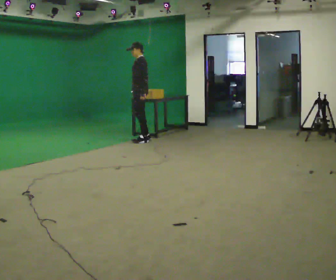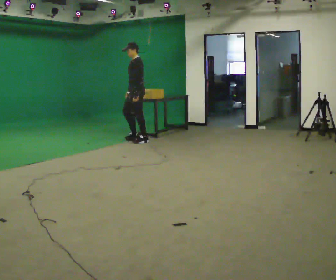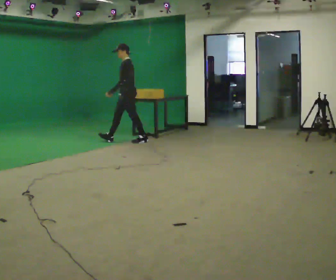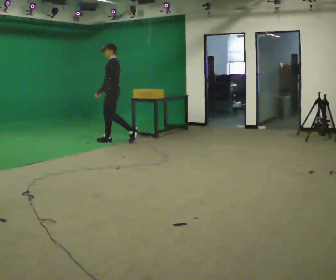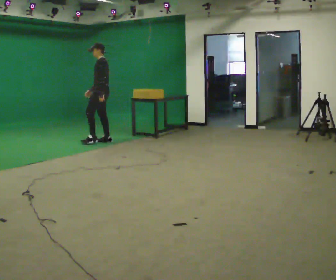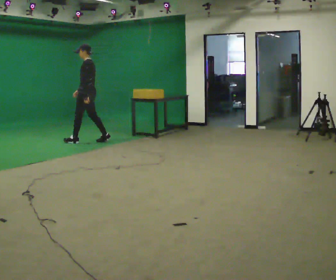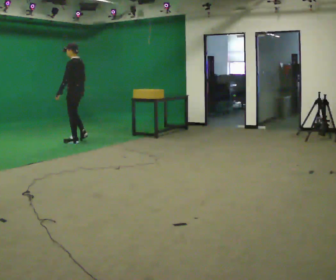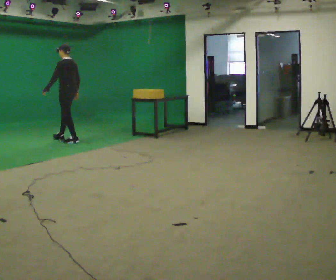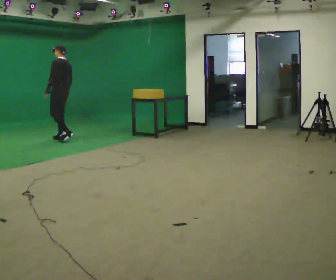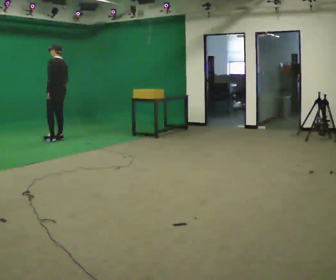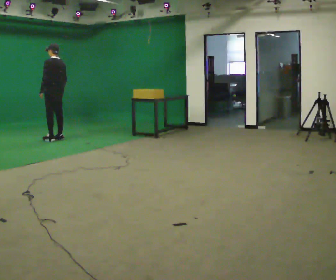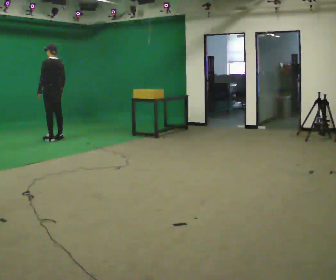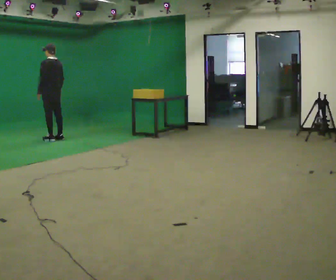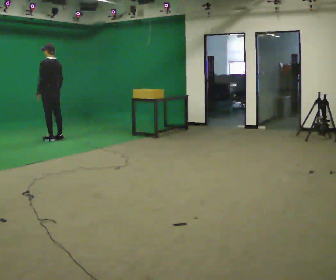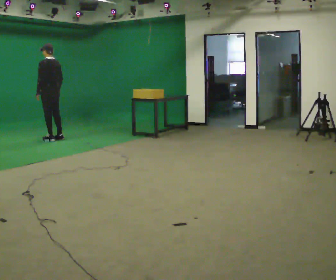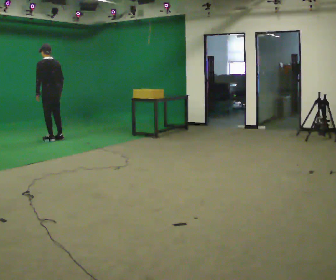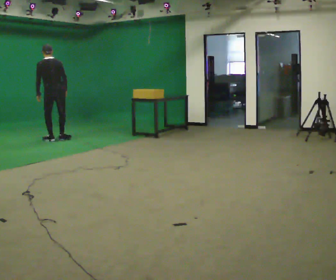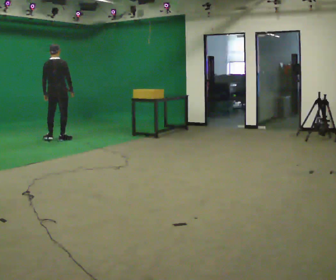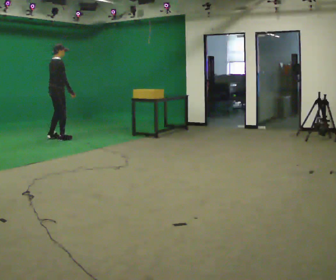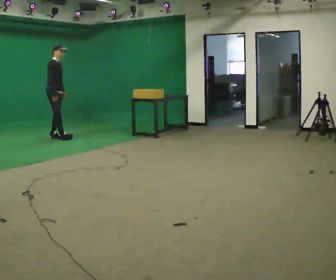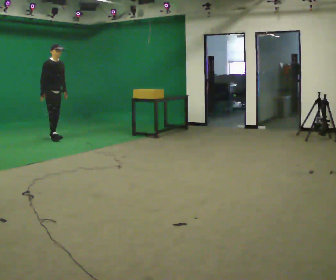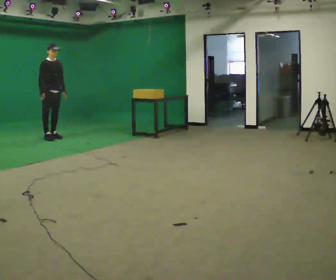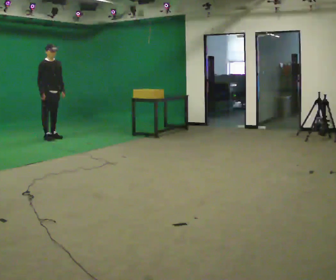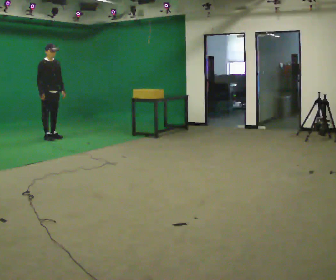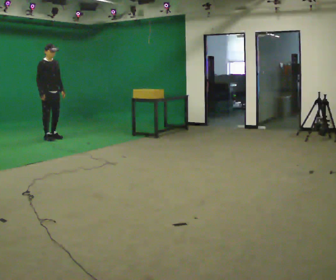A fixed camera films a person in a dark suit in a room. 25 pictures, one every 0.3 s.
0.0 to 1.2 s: In the picture they go to the left, about 0.75 m in 1 step, which for them is forward.
1.2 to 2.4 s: In the picture they go to the left, about 0.5 m in 2 steps, which for them is forward.
2.4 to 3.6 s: In the picture they go to the left, about 0.25 m in 1 step, which for them is forward.
3.6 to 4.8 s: Seen from above the body turns clockwise, about 45 degrees: to their right, with its near side sliding to the left.
4.8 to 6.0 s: The part of the body nearest the lens slides to the left as the person turns to their right by about 135 degrees. In the picture they go away from the camera, about 0.25 m in 1 step. In the picture the upper body tilts clockwise, shoulders to the right. In the picture their right hand goes to the left.
6.0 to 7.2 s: The person moves a little, or ends about where they began.
The film runs forward here.
